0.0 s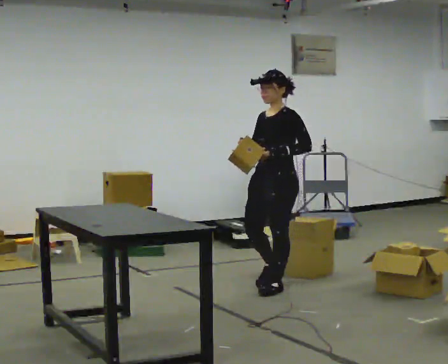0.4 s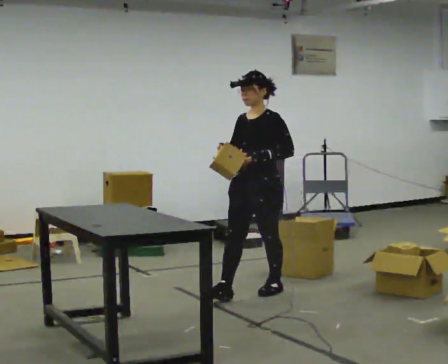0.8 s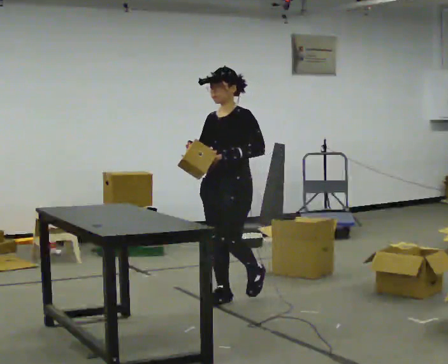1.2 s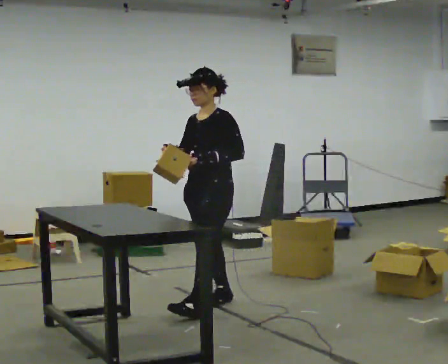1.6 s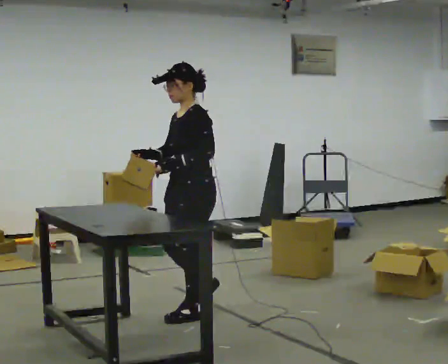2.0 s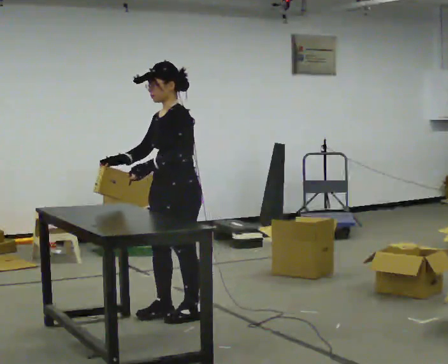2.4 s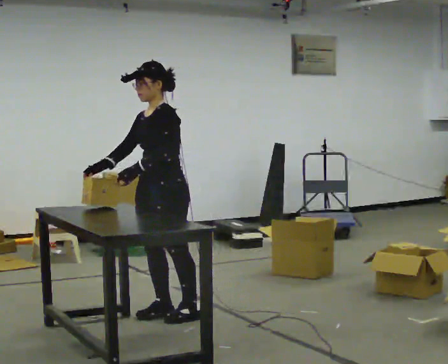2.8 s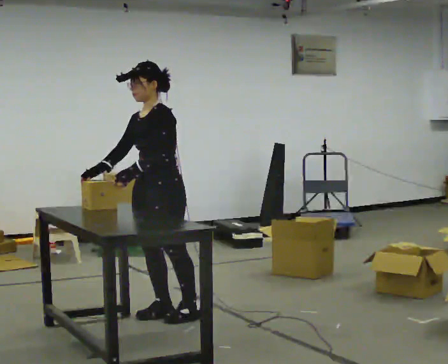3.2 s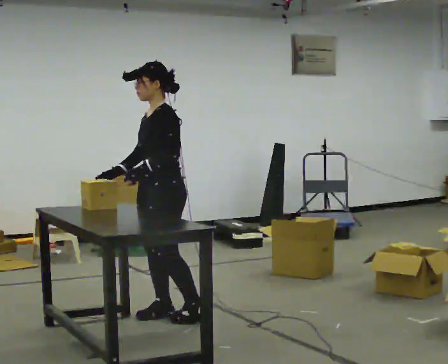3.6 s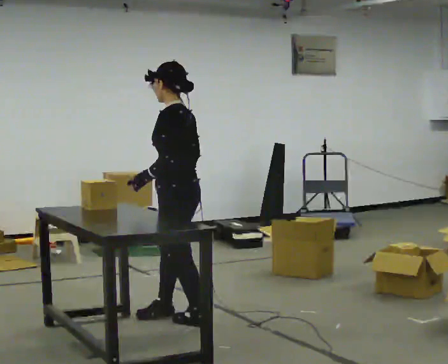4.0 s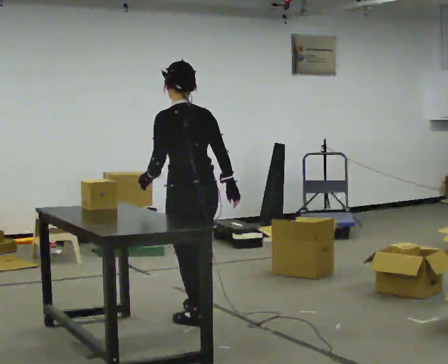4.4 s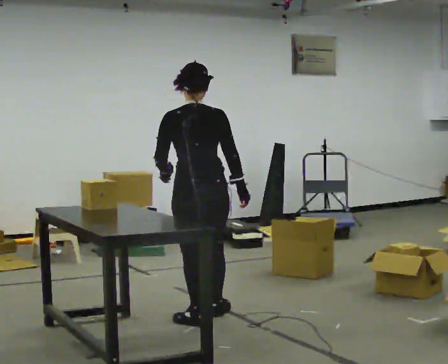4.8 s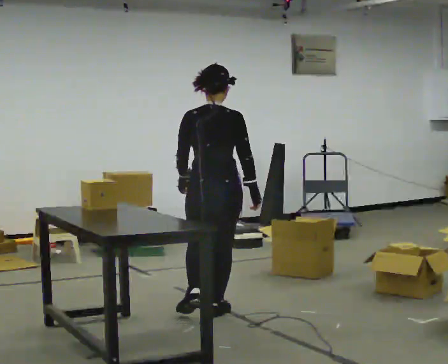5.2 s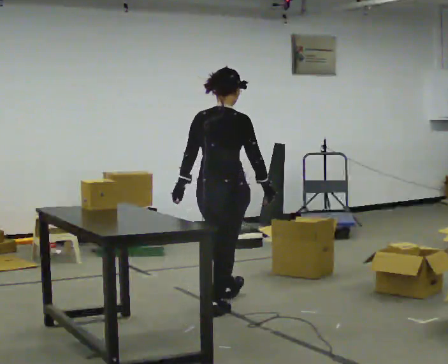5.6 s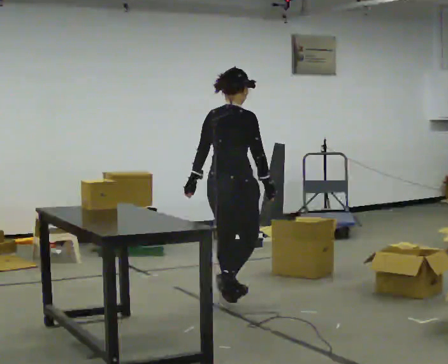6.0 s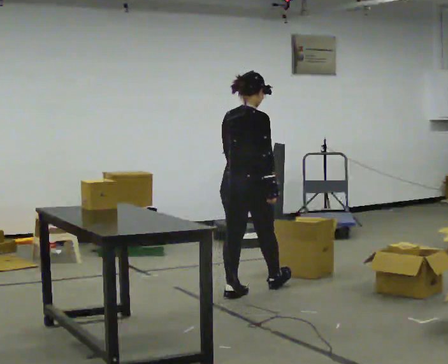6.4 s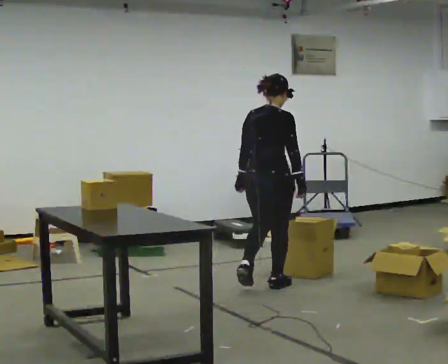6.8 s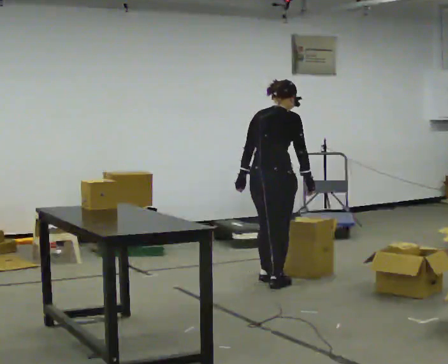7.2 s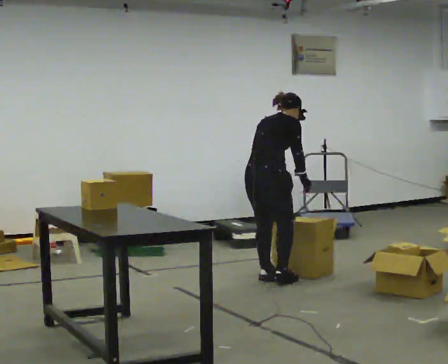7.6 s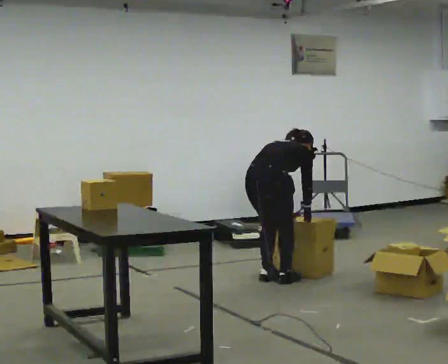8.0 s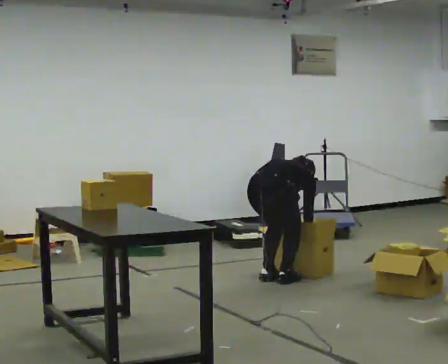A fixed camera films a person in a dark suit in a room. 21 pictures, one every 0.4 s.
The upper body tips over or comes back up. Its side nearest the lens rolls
upward.
Their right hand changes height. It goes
downward.
0.0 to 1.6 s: In the picture they go toward the camera and to the left, about 1 m in 2 steps, which for them is forward.
1.6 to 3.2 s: In the picture they go to the left, about 0.25 m in 1 step, which for them is forward.
3.2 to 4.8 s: The part of the body nearest the lens slides to the left as the person turns to their right by about 120 degrees. In the picture they go to the right, about 0.25 m in 2 steps.
4.8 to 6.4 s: In the picture they go away from the camera and to the right, about 1 m in 2 steps, which for them is forward.
6.4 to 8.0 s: The upper body goes downward. The upper body tips away from the camera, its near side rolling upward, as they bend forward. In the picture their right hand goes downward.
The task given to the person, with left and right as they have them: Take each object from the table and put it in the bin that matches it, walking between the bins. Keep going until the operator says stop; one object at a time, and do not rush between trips.
The film runs forward here.
